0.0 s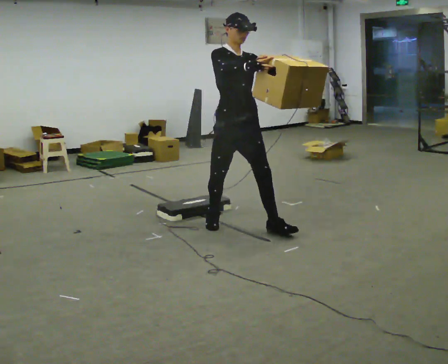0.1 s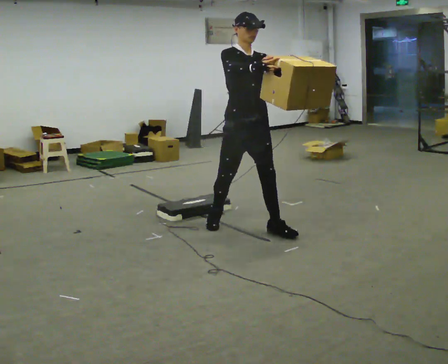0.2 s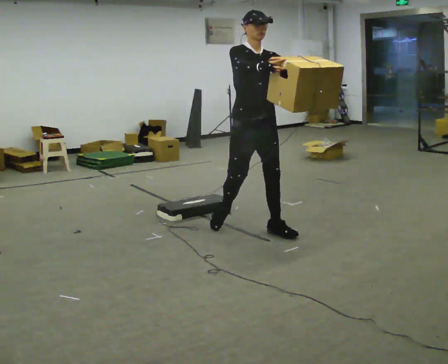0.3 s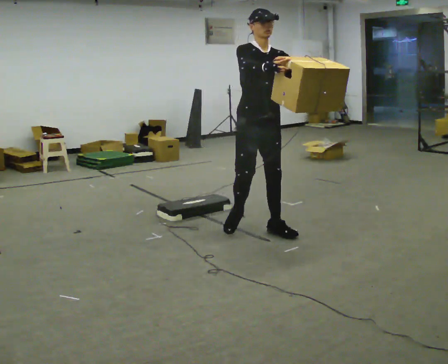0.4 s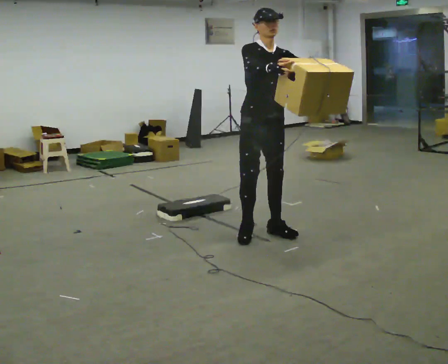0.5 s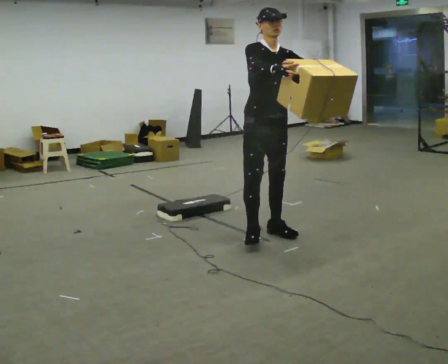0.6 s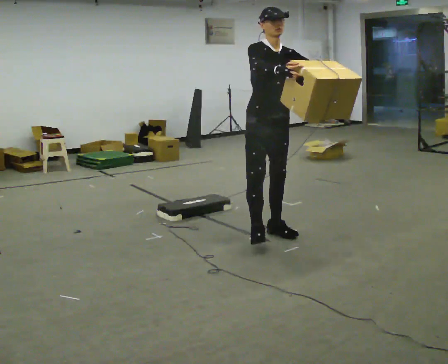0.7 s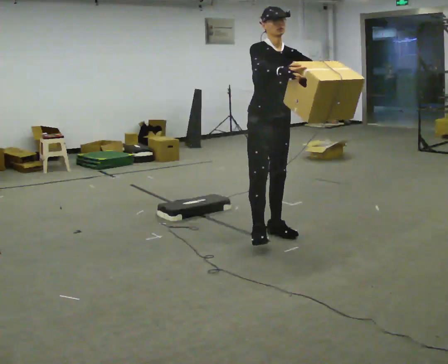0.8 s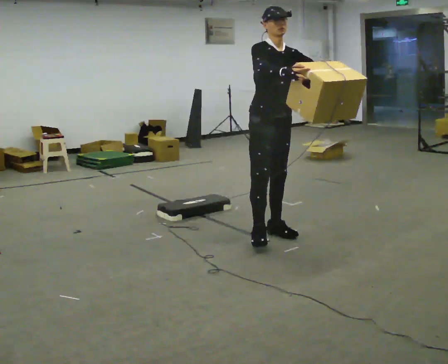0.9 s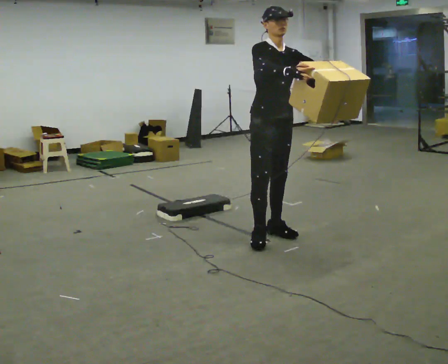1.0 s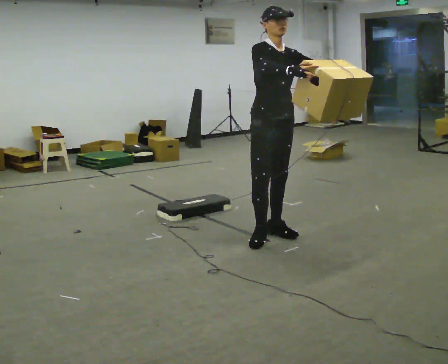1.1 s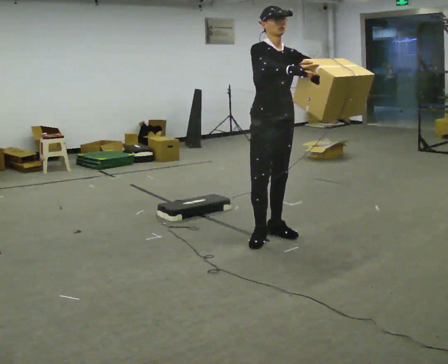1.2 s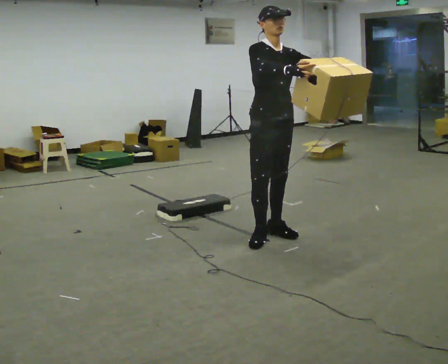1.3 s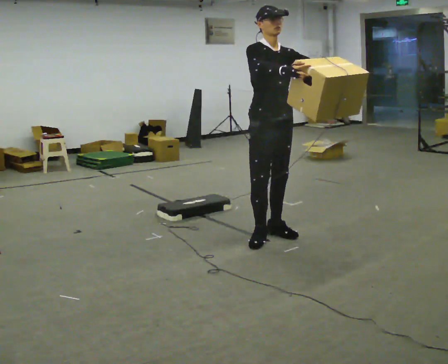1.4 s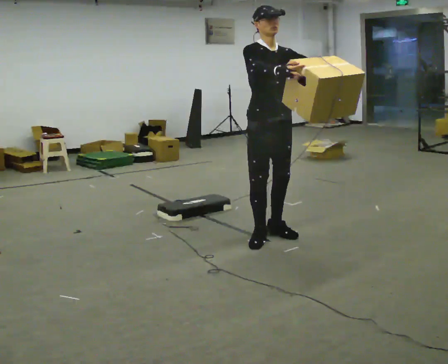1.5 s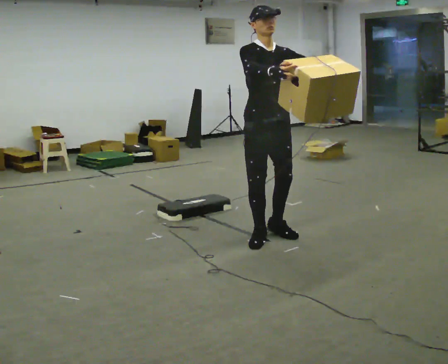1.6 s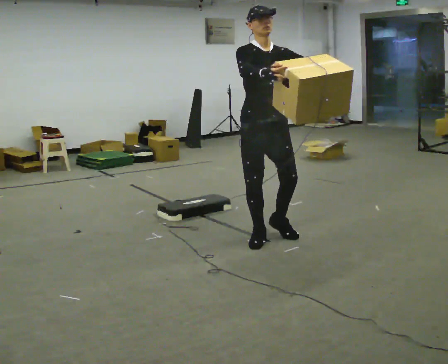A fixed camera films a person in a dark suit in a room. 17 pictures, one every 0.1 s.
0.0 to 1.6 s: In the picture they go to the right and toward the camera, about 0.25 m in 1 step, which for them is forward.
The film runs forward here.
